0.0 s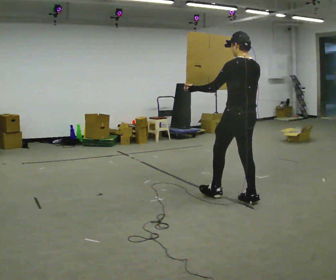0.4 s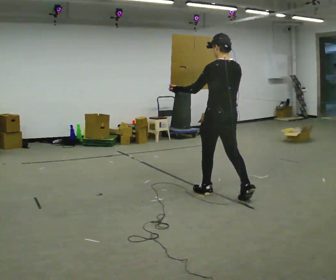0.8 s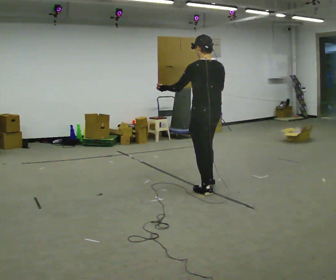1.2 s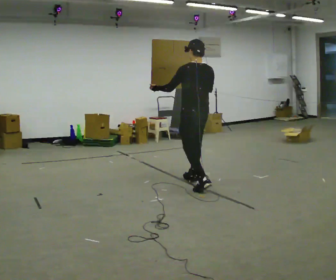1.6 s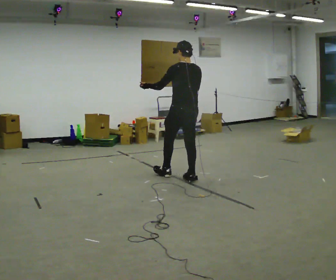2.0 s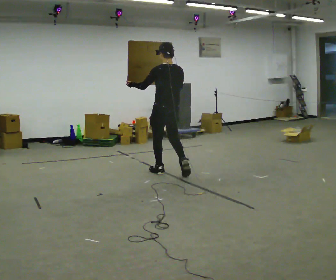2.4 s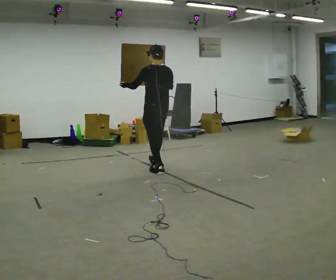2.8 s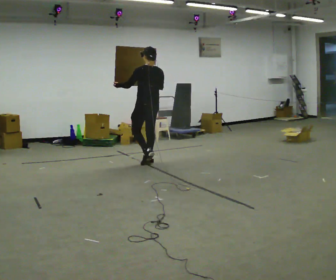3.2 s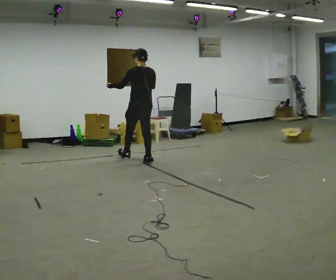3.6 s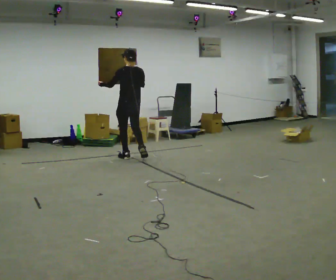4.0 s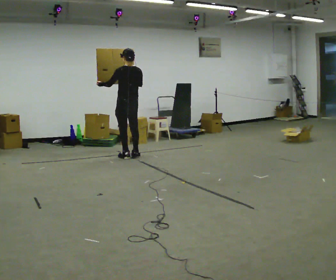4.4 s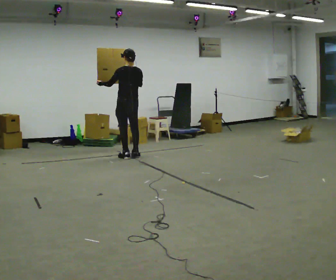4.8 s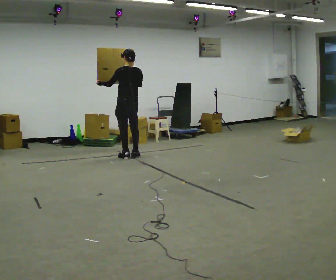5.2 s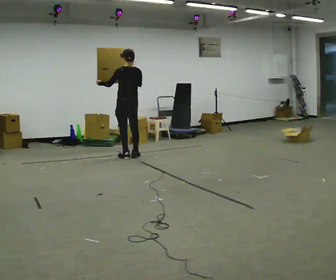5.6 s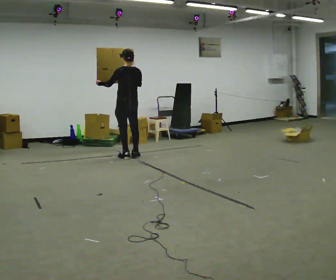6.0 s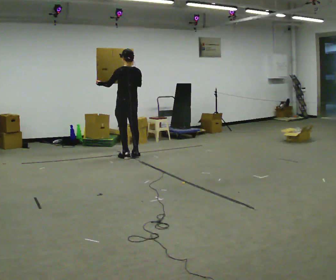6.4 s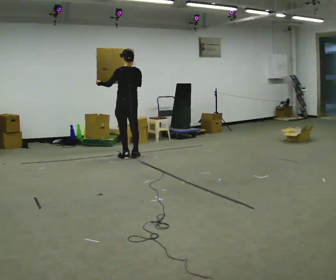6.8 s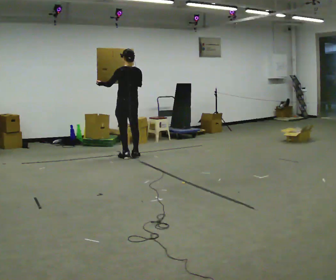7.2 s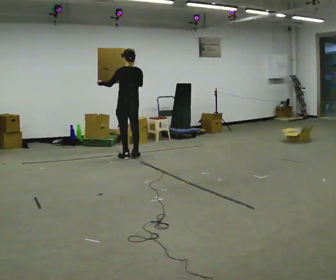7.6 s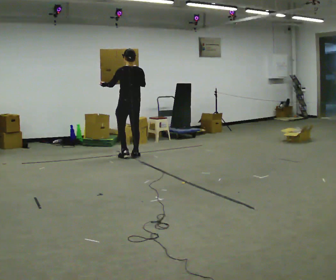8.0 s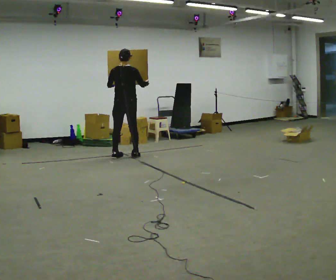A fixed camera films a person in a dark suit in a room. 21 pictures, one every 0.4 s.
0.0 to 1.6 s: In the picture they go away from the camera and to the left, about 1 m in 2 steps, which for them is forward.
1.6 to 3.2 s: In the picture they go away from the camera and to the left, about 1 m in 2 steps, which for them is forward.
3.2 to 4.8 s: In the picture they go away from the camera and to the left, about 0.5 m in 2 steps, which for them is forward.
4.8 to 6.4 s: The person keeps their place and pose.
6.4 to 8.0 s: Seen from above the body turns clockwise, about 30 degrees: to their right, with its near side sliding to the left.
The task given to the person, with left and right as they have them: Carry the large panel across the room. It will block your view ahead, so take whatever route feels safe. Keep going until the operator says stop; one object at a time, and do not rush between trips.
The film runs forward here.
